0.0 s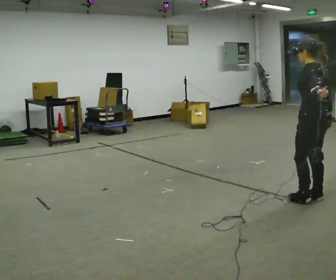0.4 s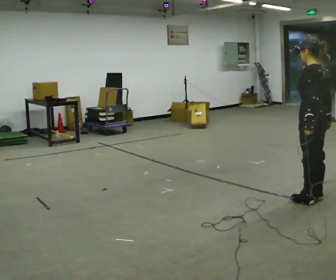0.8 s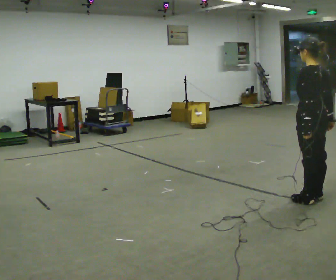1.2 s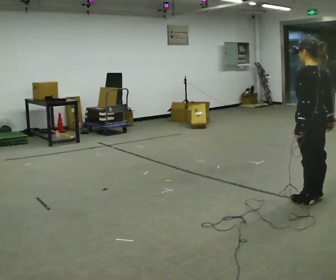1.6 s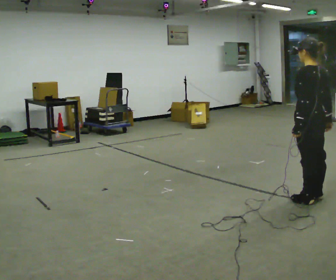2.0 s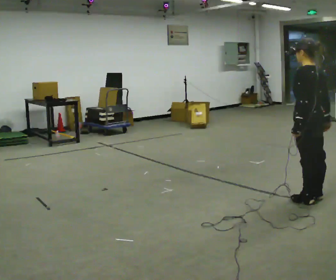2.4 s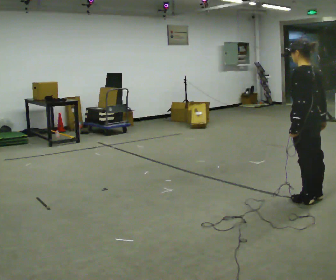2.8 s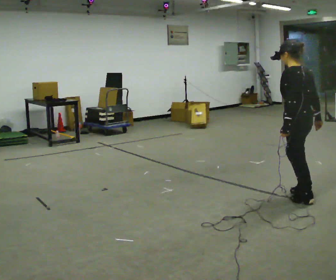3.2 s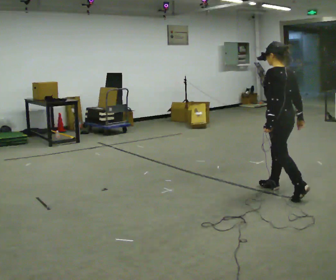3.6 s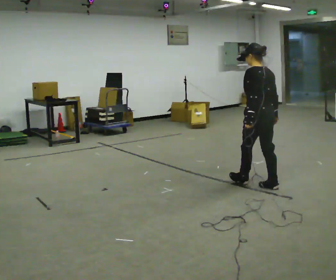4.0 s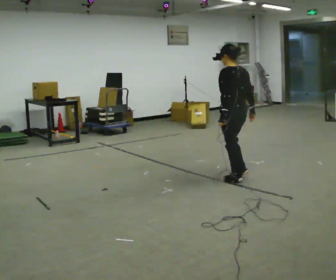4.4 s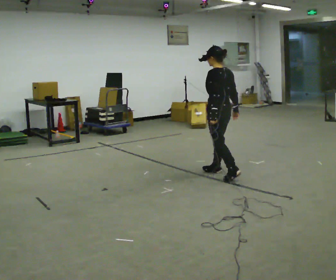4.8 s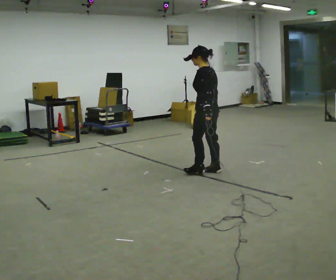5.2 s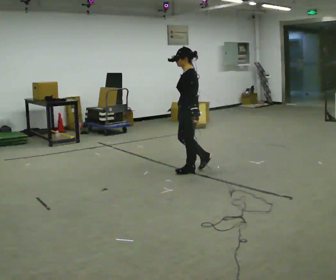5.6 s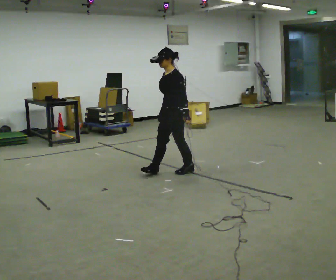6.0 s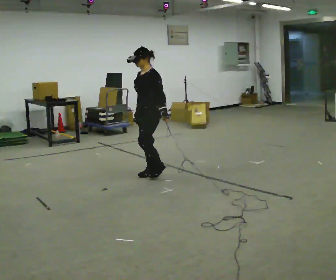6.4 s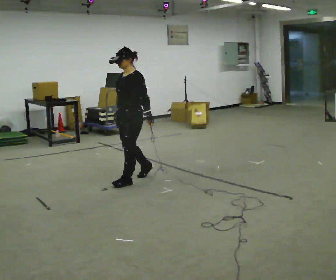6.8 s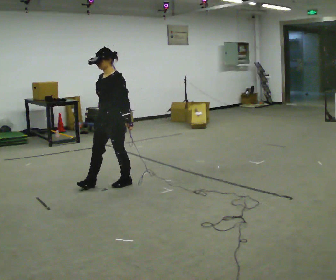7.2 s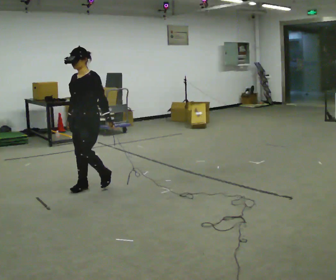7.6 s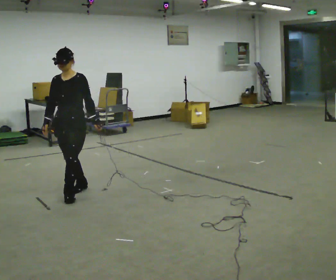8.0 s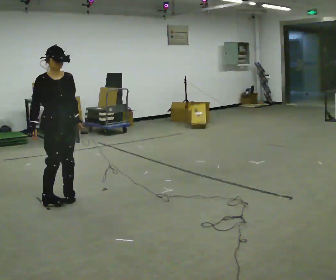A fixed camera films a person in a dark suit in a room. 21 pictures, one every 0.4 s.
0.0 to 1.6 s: The person moves a little, or ends about where they began.
1.6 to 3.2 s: In the picture they go away from the camera and to the left, about 0.5 m in 1 step, which for them is forward.
3.2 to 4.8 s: Seen from above the body turns counterclockwise, about 30 degrees: to their left, with its near side sliding to the right. In the picture they go away from the camera and to the left, about 1 m in 2 steps, which for them is forward.
4.8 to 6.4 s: Seen from above the body turns counterclockwise, about 60 degrees: to their left, with its near side sliding to the right. In the picture they go to the left and toward the camera, about 1 m in 3 steps.
6.4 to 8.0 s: The part of the body nearest the lens slides to the right as the person turns to their left by about 90 degrees. In the picture they go toward the camera and to the left, about 1 m in 2 steps.
The film runs forward here.
